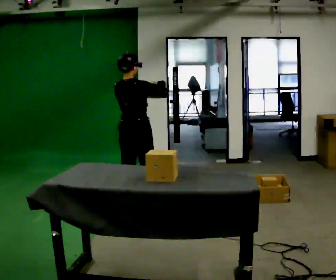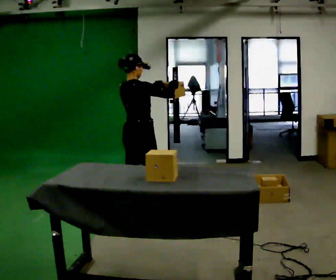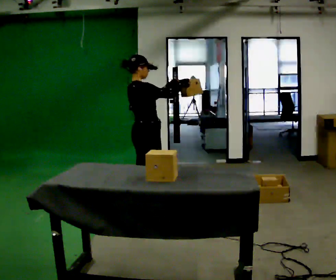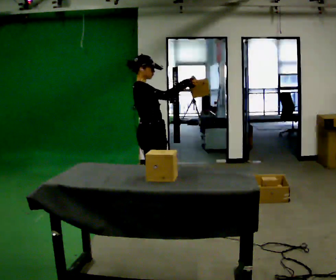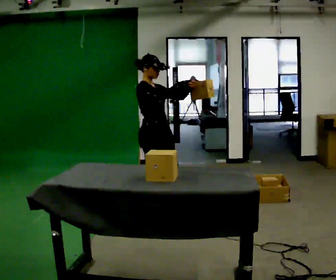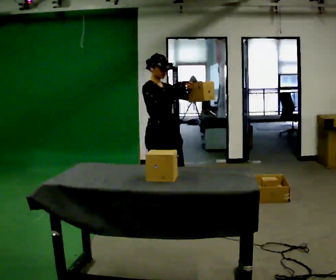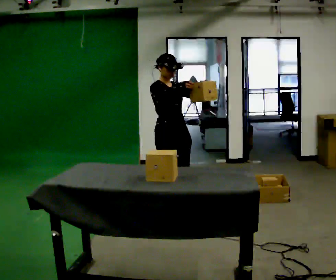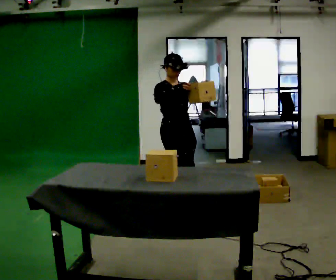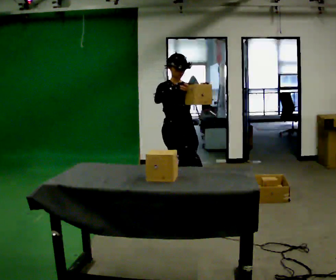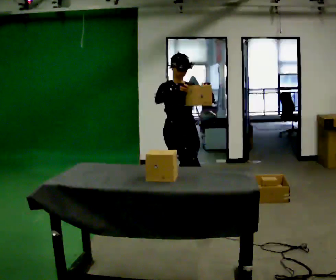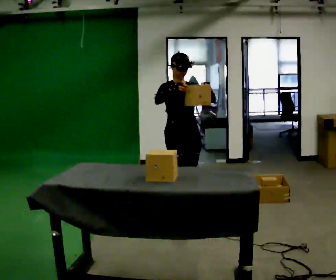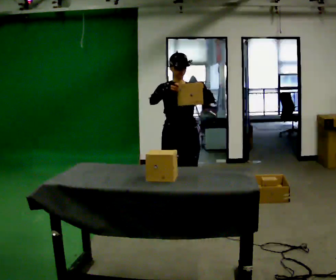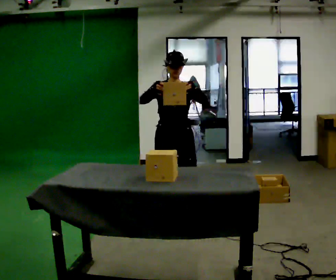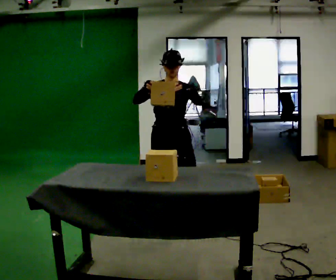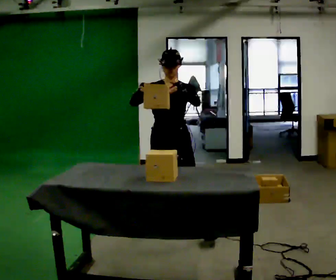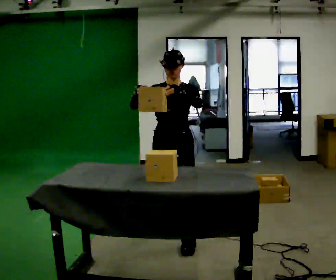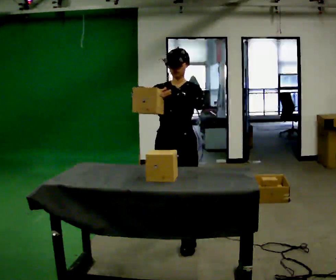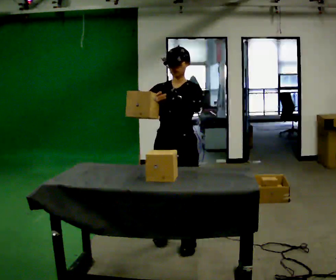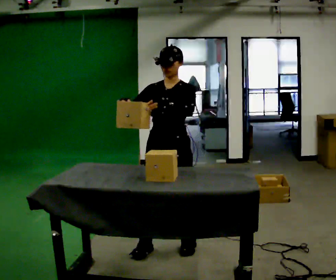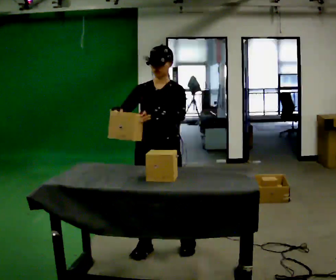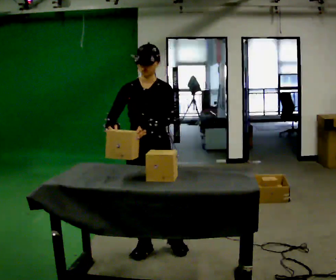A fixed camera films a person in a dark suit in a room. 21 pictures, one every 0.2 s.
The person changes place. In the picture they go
toward the camera.
The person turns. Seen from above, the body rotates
clockwise.
0.0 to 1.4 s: The part of the body nearest the lens slides to the left as the person turns to their right by about 120 degrees. In the picture they go to the right, about 0.5 m in 1 step.
1.4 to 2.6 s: Seen from above the body turns clockwise, about 45 degrees: to their right, with its near side sliding to the left. In the picture they go toward the camera, about 0.5 m in 1 step, which for them is forward and to their right.
2.6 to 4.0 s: In the picture they go toward the camera, about 0.5 m in 2 steps, which for them is forward.
The film runs forward here.
